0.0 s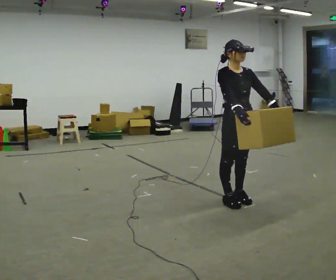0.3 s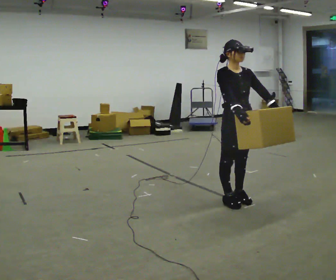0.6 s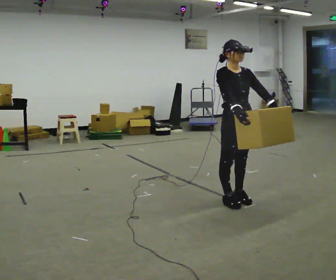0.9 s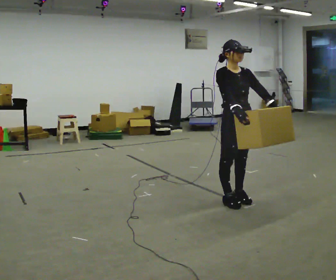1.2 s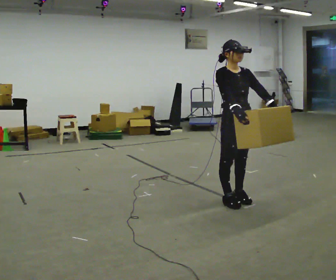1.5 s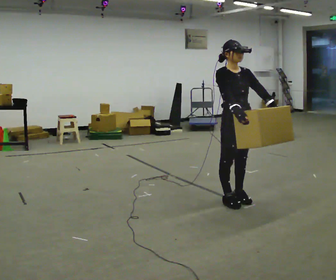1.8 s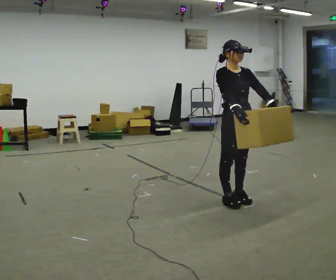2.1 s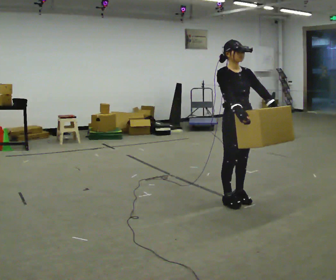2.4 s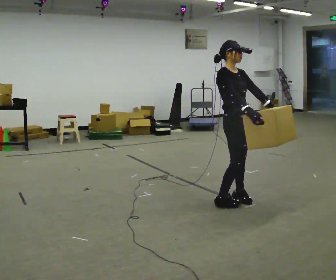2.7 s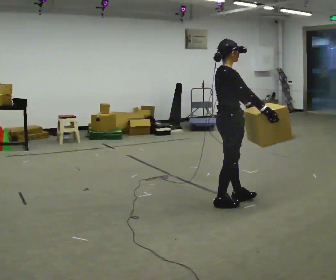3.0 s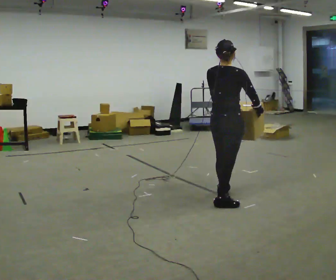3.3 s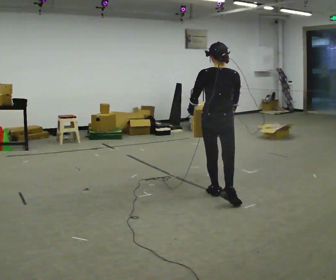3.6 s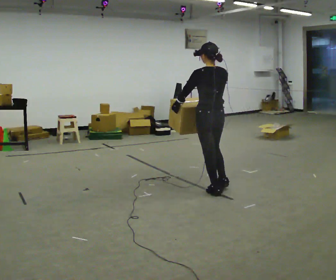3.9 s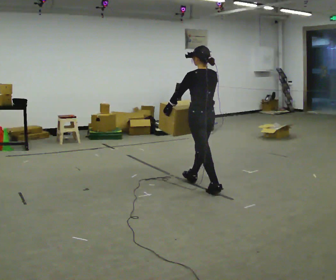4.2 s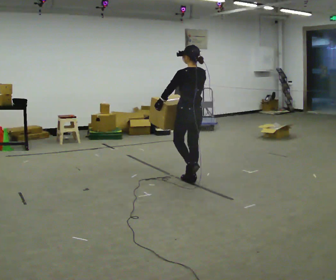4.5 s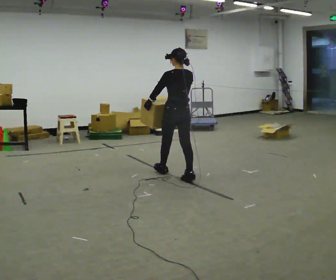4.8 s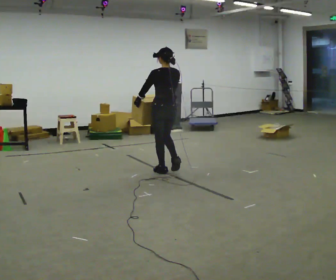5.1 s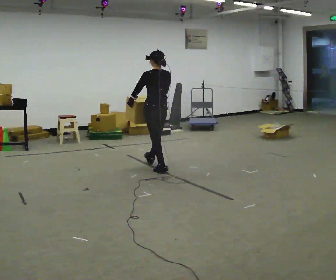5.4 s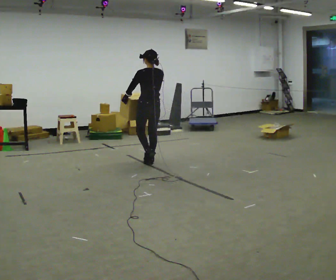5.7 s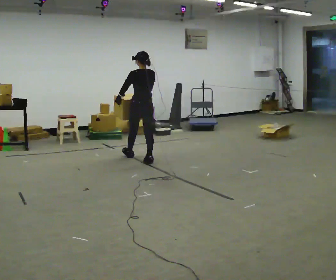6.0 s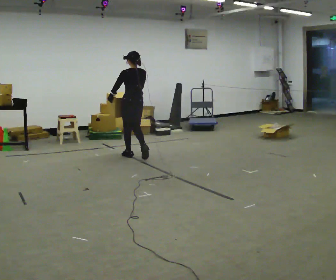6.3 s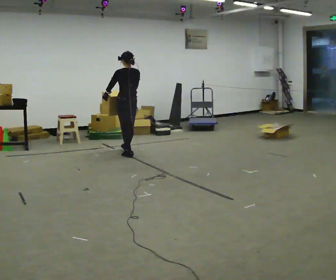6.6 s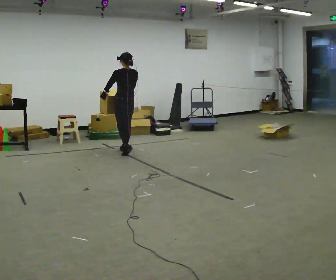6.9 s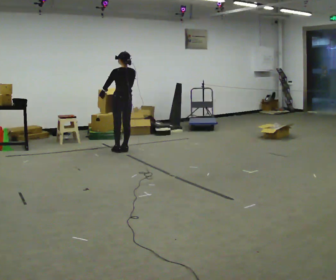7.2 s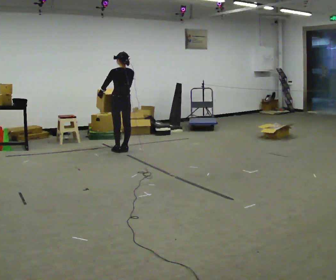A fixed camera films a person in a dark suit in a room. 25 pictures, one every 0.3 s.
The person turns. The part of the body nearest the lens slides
to the right.
The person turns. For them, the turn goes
to their left.
0.0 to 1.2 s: The person keeps their place and pose.
1.2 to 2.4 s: The person moves a little, or ends about where they began.
2.4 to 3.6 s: Seen from above the body turns counterclockwise, about 150 degrees: to their left, with its near side sliding to the right. In the picture they go away from the camera and to the left, about 0.25 m in 1 step.
3.6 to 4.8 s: In the picture they go away from the camera and to the left, about 1 m in 2 steps, which for them is forward.
4.8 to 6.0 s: In the picture they go away from the camera and to the left, about 1 m in 2 steps, which for them is forward.
6.0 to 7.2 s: In the picture they go away from the camera and to the left, about 0.5 m in 2 steps, which for them is forward.
The film runs forward here.
